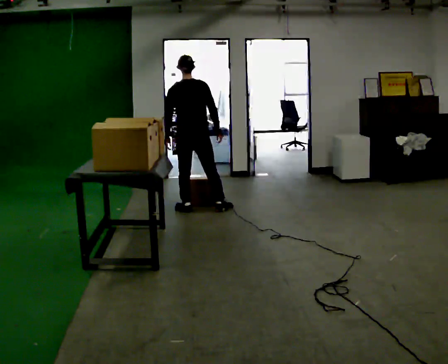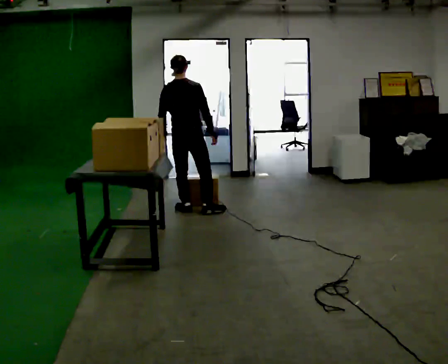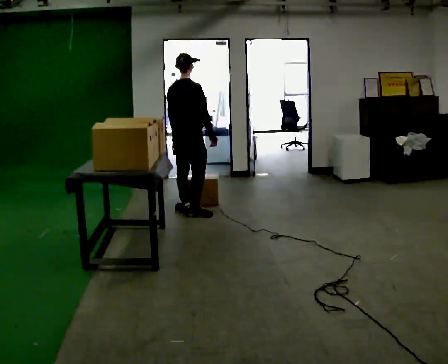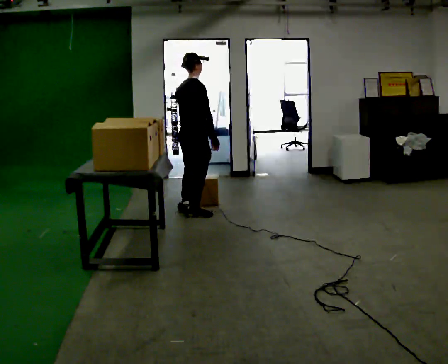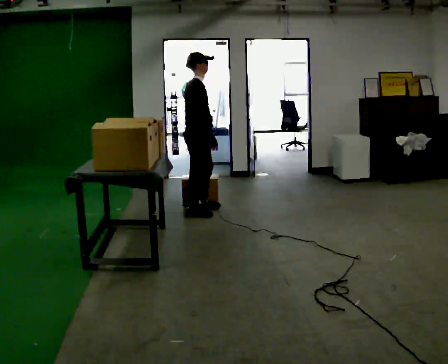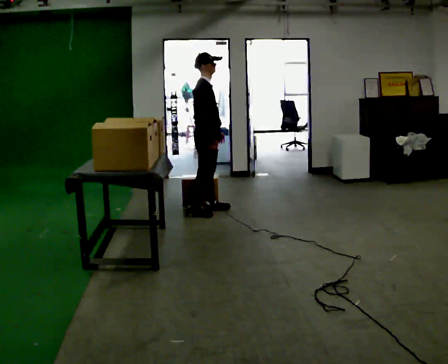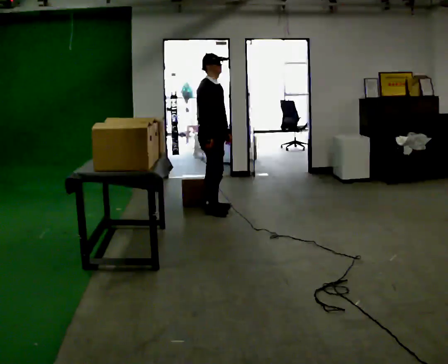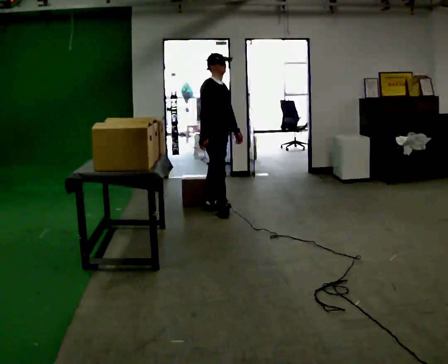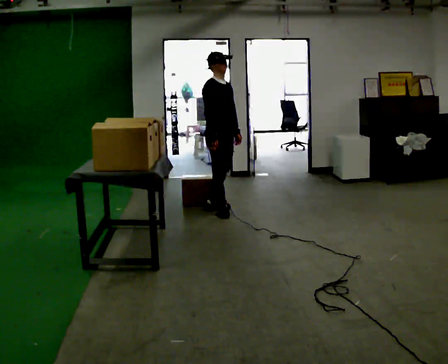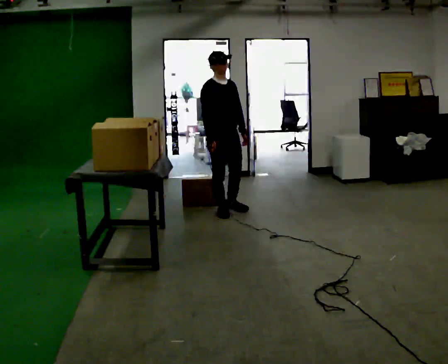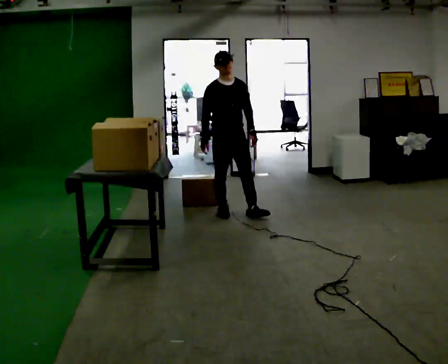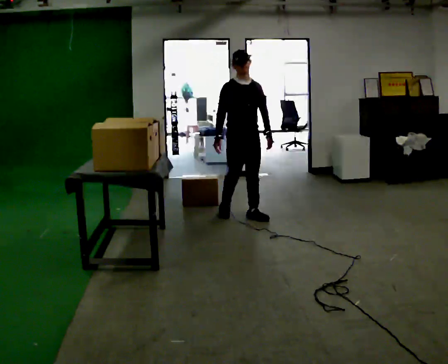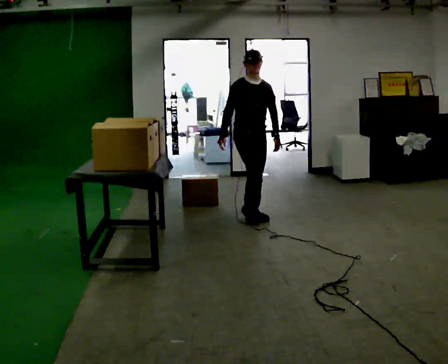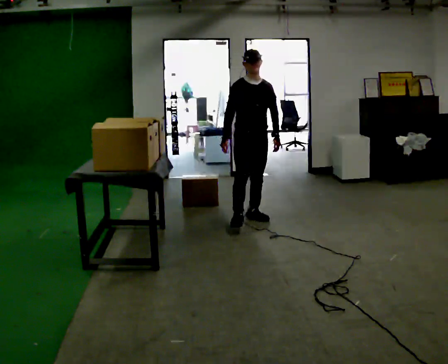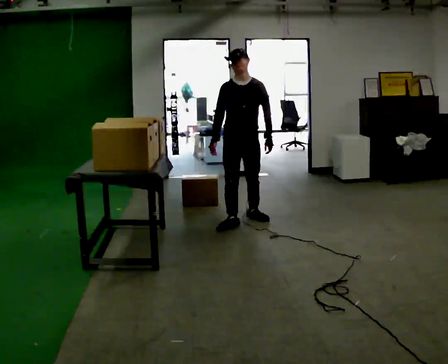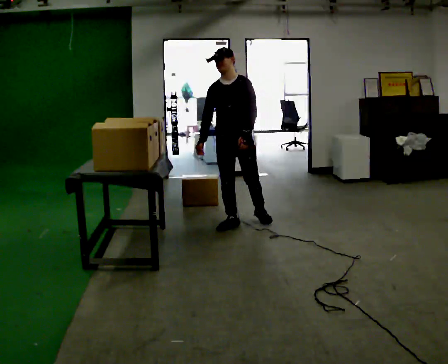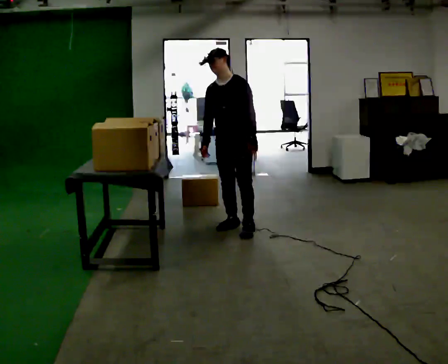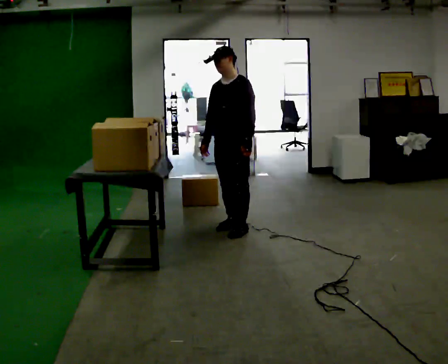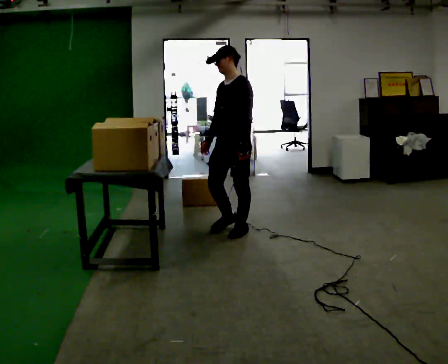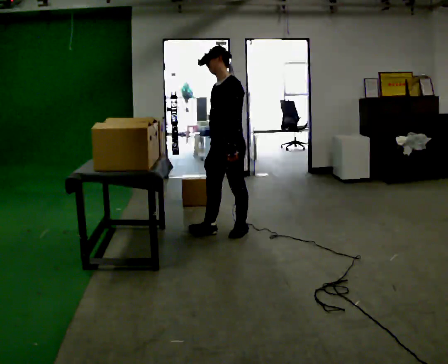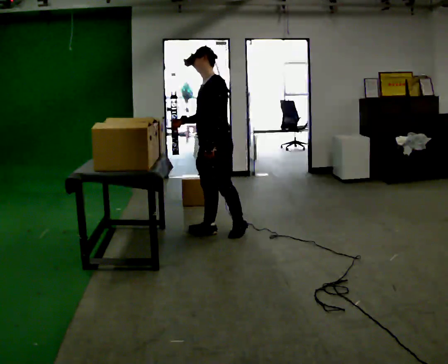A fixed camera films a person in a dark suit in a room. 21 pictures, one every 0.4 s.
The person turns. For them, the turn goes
to their right.
The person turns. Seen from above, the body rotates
clockwise.
0.0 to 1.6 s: The person turns about 75 degrees to their right, clockwise seen from above, so the part of the body nearest the lens slides to the left. In the picture they go toward the camera, about 0.25 m in 1 step. In the picture their left hand goes to the right.
1.6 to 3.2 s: Seen from above the body turns clockwise, about 45 degrees: to their right, with its near side sliding to the left. In the picture they go to the right, about 0.25 m in 2 steps, which for them is forward and to their left. In the picture their left hand goes to the right.
3.2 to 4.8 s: The person turns about 30 degrees to their right, clockwise seen from above, so the part of the body nearest the lens slides to the left. In the picture they go to the right and toward the camera, about 0.5 m in 1 step, which for them is forward.
4.8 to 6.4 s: The person turns about 45 degrees to their right, clockwise seen from above, so the part of the body nearest the lens slides to the left. In the picture they go toward the camera and to the left, about 0.25 m in 1 step, which for them is forward and to their right.
6.4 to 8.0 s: The person turns about 45 degrees to their right, clockwise seen from above, so the part of the body nearest the lens slides to the left. In the picture they go toward the camera and to the left, about 0.25 m in 2 steps, which for them is forward.
The film runs forward here.
